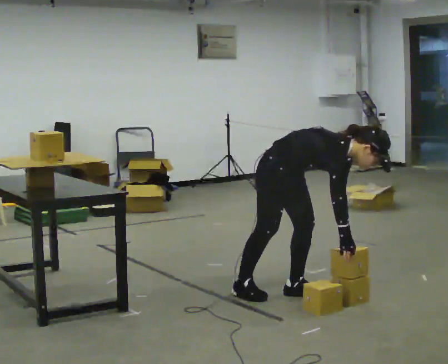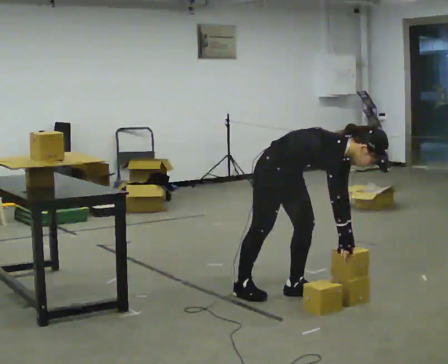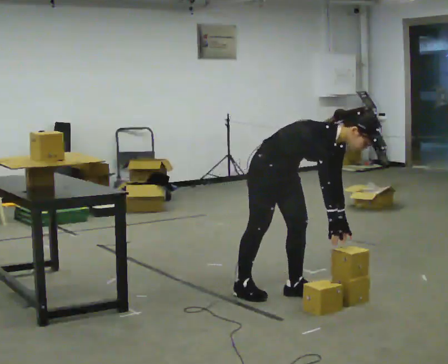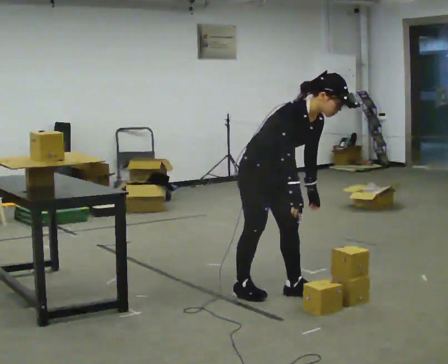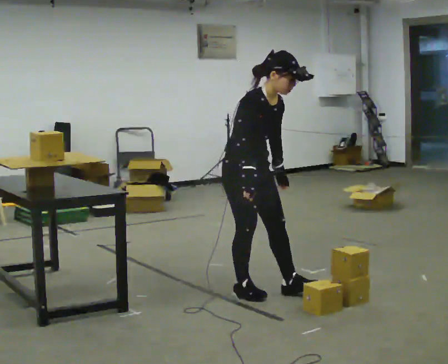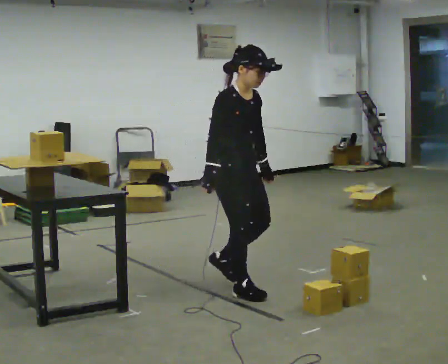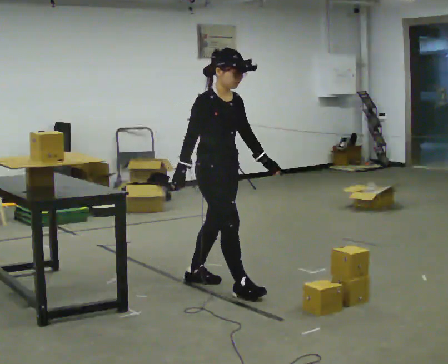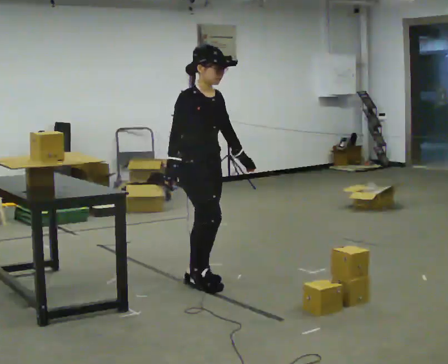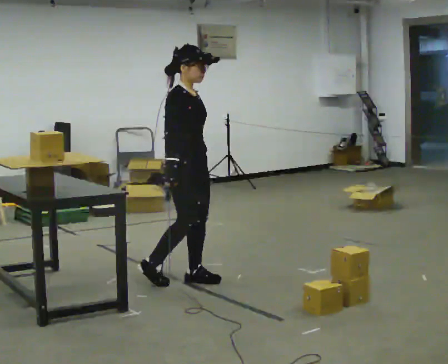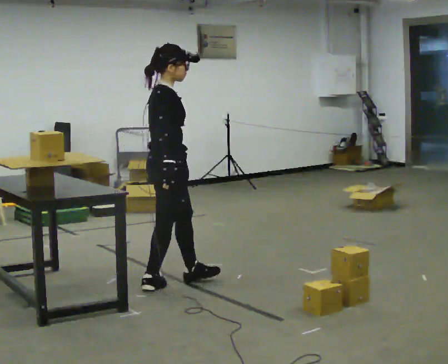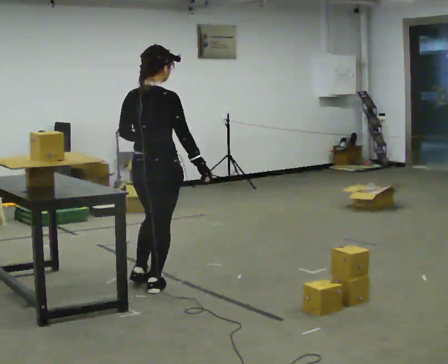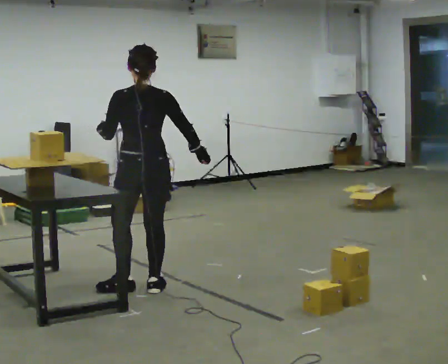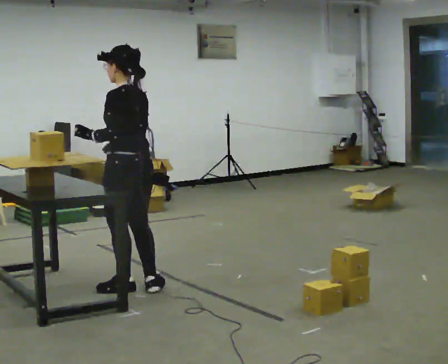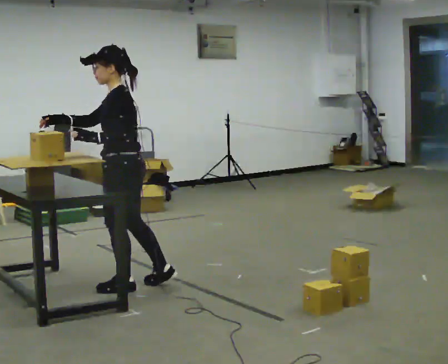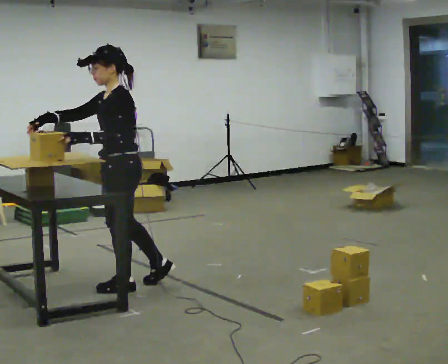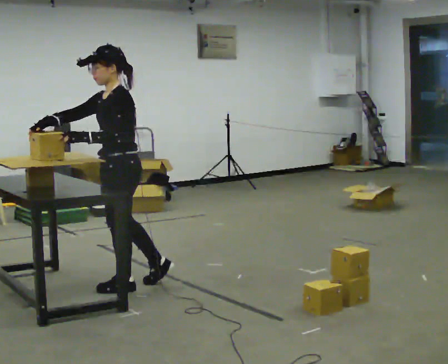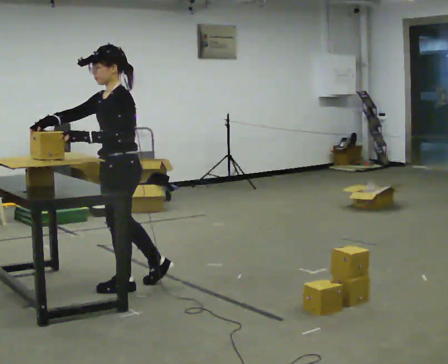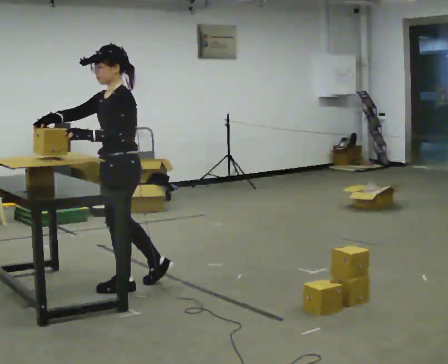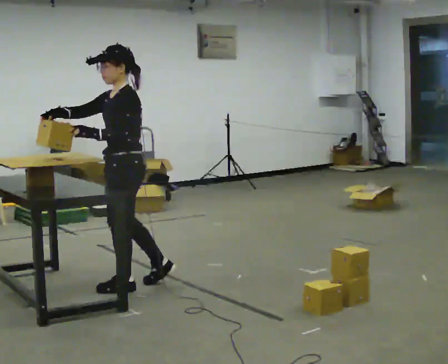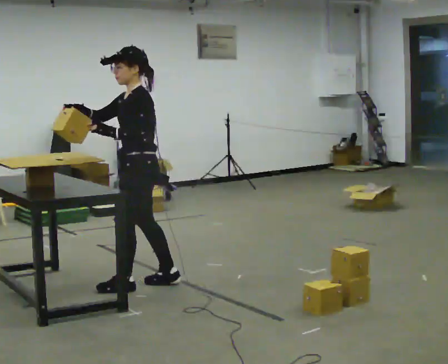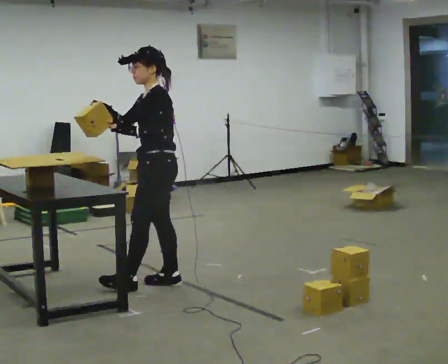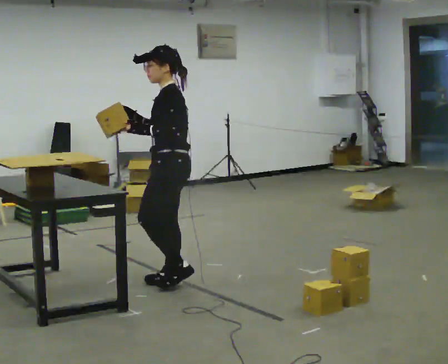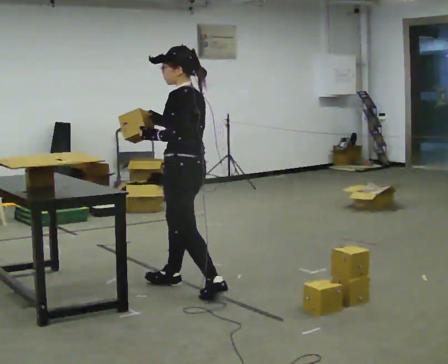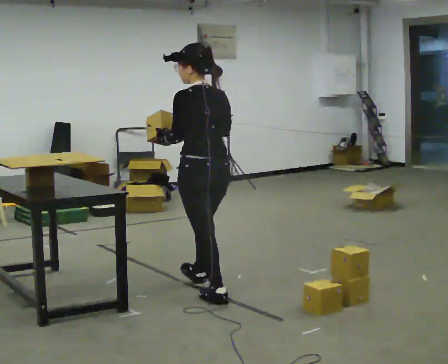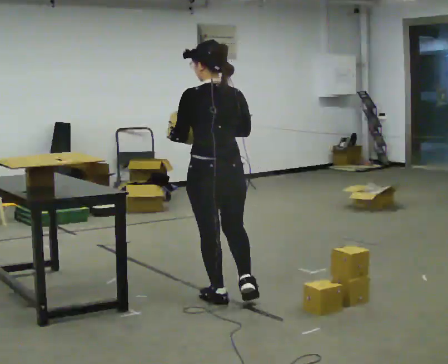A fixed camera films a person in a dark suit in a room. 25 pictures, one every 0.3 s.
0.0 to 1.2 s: In the picture they go to the left, about 0.25 m in 1 step, which for them is backward. The shoulders move upward. In the picture the upper body tilts counterclockwise, shoulders to the left, as they lean back or straighten. In the picture their right hand goes to the left and upward.
1.2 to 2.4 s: In the picture they go to the left and away from the camera, about 0.5 m in 1 step, which for them is backward. In the picture the upper body tilts counterclockwise, shoulders to the left, as they lean back or straighten.
2.4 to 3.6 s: Seen from above the body turns counterclockwise, about 165 degrees: to their left, with its near side sliding to the right. In the picture they go to the left, about 0.25 m in 1 step.
3.6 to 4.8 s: The part of the body nearest the lens slides to the right as the person turns to their left by about 60 degrees. In the picture their right hand goes to the left, the arm swinging clockwise.
4.8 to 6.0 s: In the picture they go to the right, about 0.25 m, which for them is backward. In the picture their right hand goes to the right.
6.0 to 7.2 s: The part of the body nearest the lens slides to the left as the person turns to their right by about 90 degrees. In the picture they go toward the camera and to the right, about 0.5 m in 2 steps.
The film runs backward here.
